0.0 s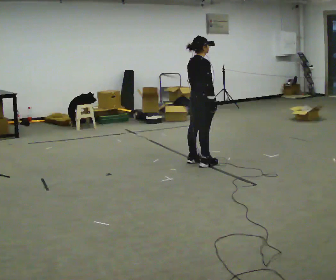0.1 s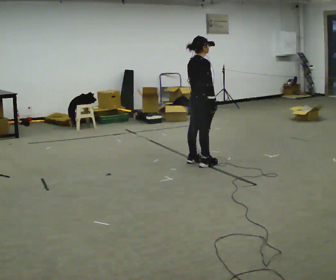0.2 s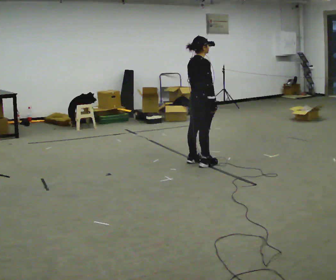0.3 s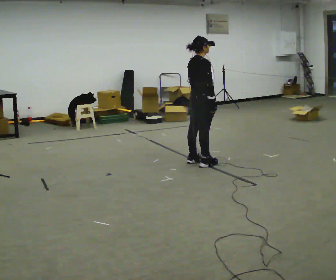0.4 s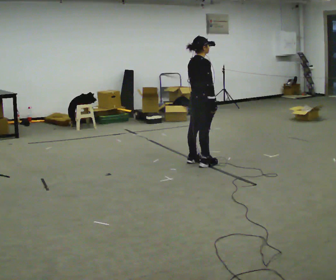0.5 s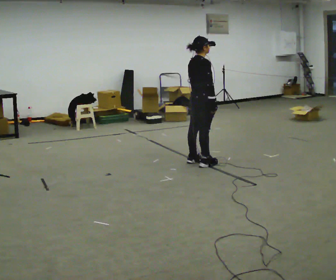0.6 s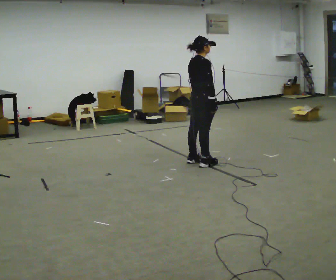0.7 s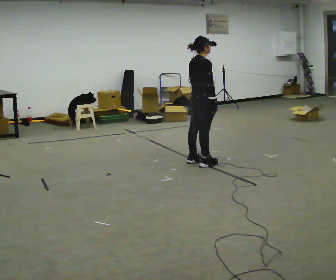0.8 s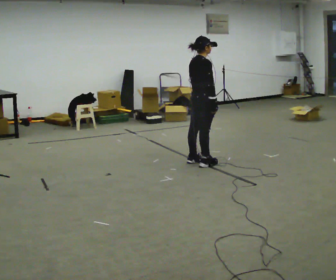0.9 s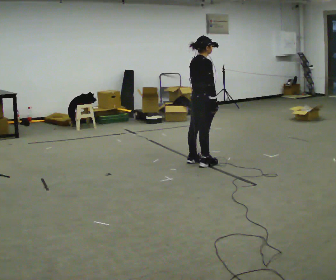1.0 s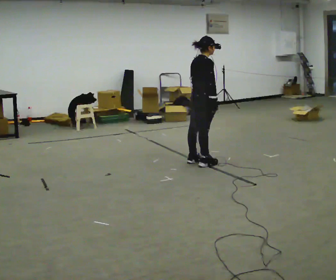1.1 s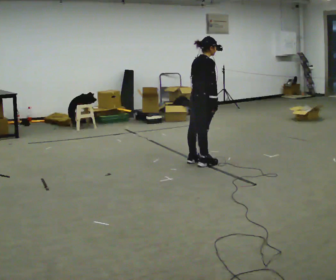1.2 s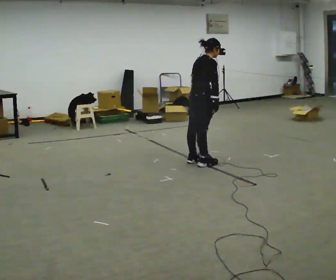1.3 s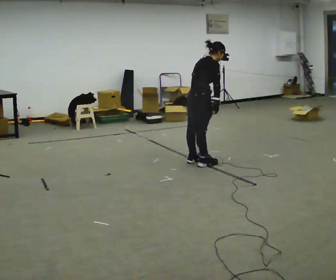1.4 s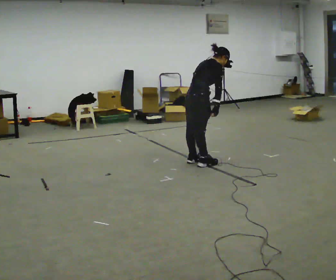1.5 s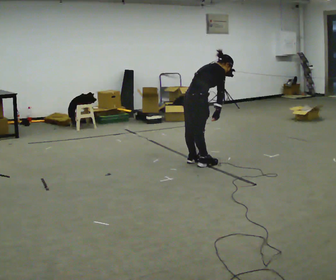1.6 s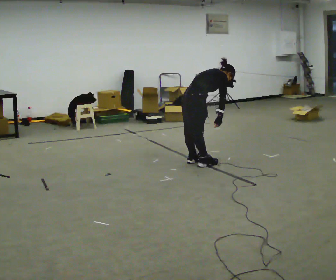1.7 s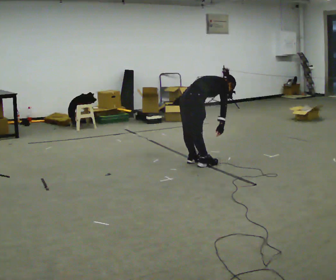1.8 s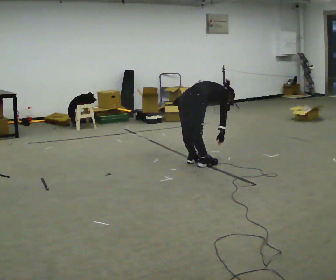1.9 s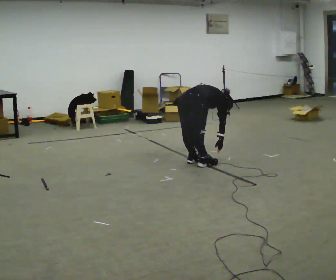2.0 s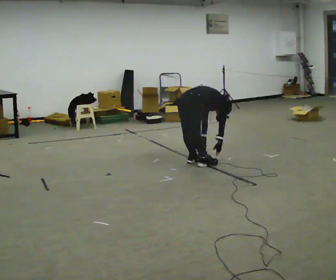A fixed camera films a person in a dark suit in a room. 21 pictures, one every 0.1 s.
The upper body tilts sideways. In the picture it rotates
clockwise.
Their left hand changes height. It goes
downward.
0.0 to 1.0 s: The person moves a little, or ends about where they began.
1.0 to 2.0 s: The shoulders move downward. In the picture the upper body tilts clockwise, shoulders to the right, as they bend forward. In the picture their left hand goes downward.
The film runs forward here.
